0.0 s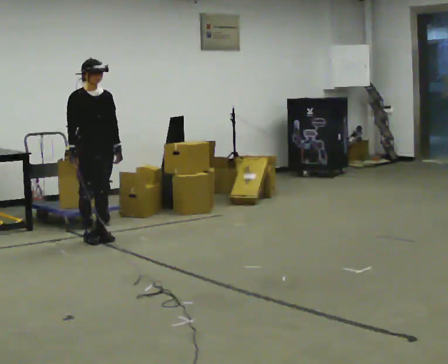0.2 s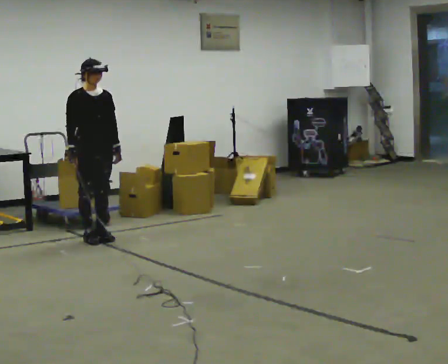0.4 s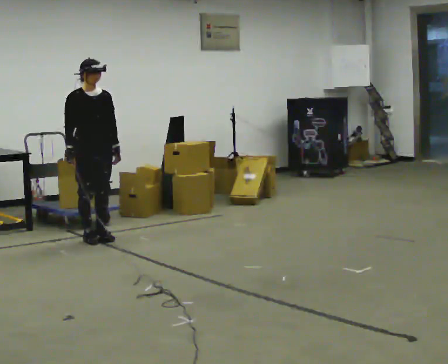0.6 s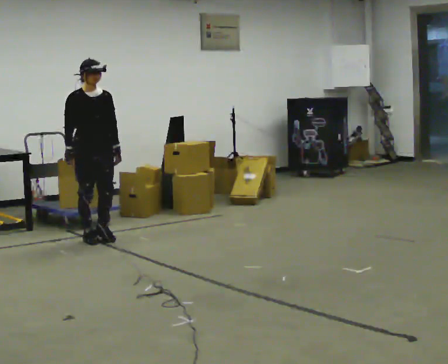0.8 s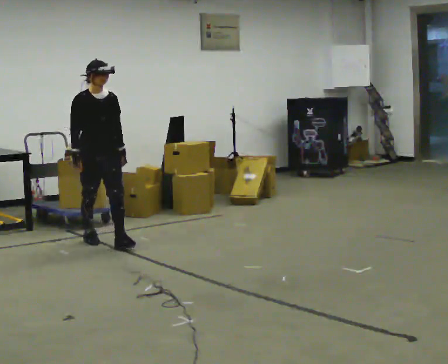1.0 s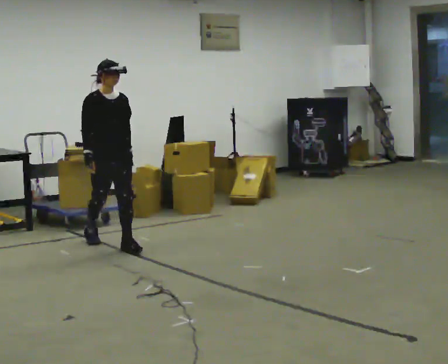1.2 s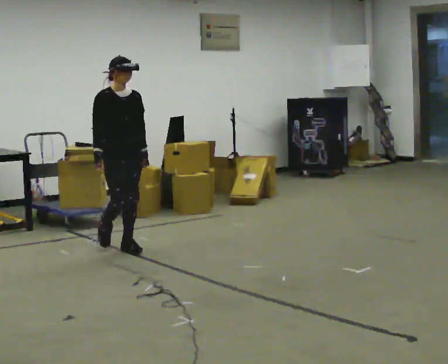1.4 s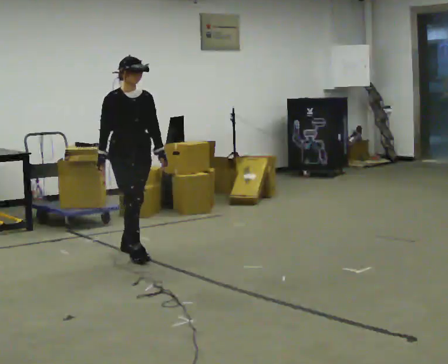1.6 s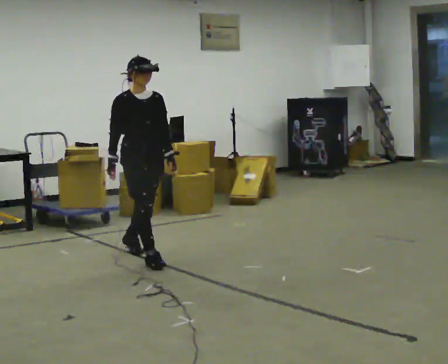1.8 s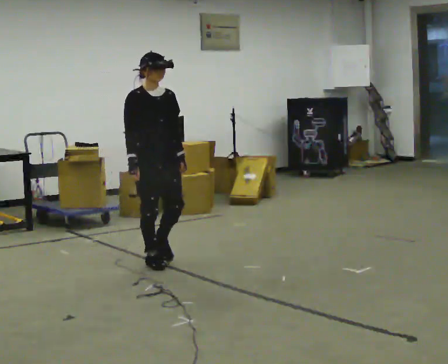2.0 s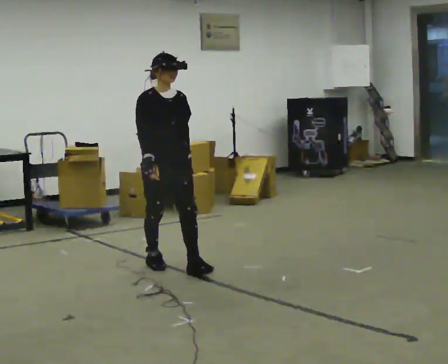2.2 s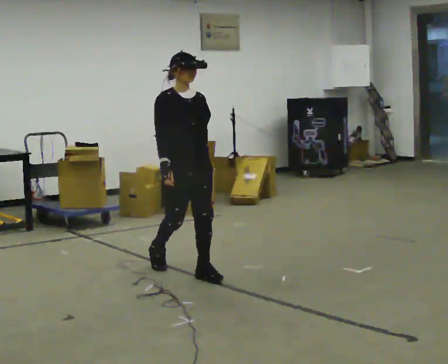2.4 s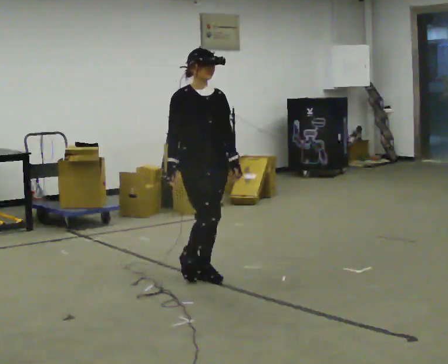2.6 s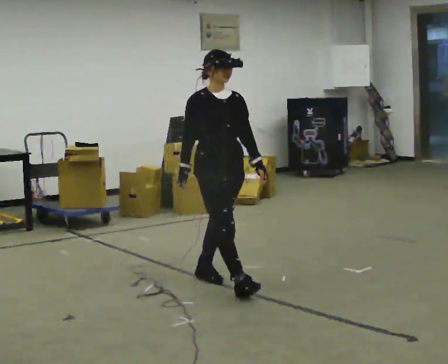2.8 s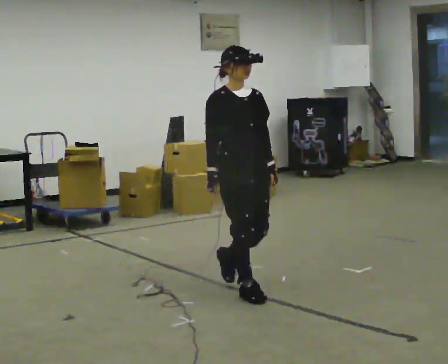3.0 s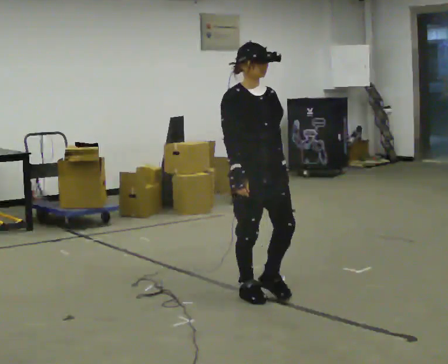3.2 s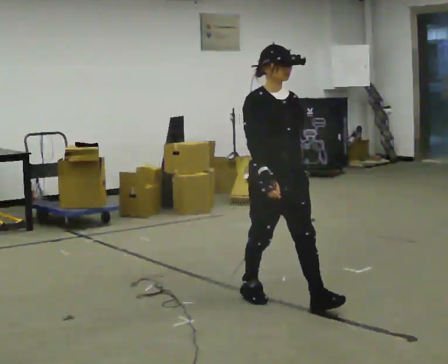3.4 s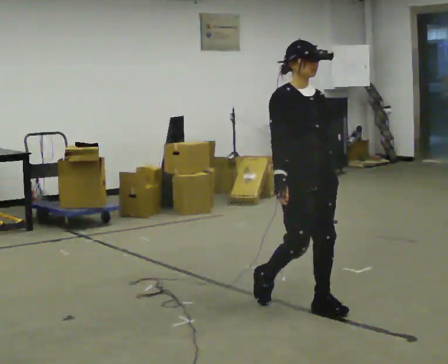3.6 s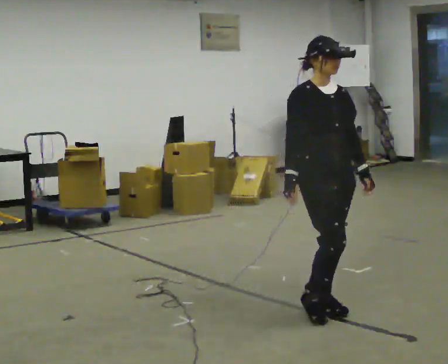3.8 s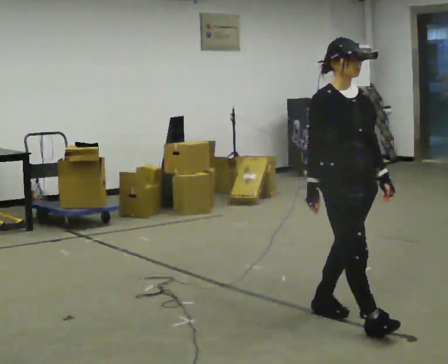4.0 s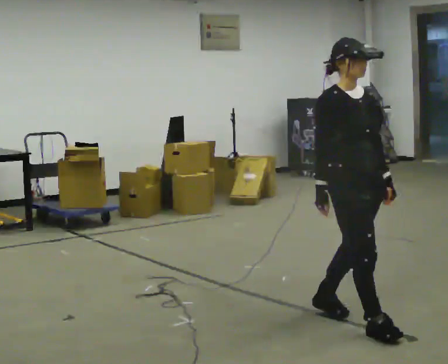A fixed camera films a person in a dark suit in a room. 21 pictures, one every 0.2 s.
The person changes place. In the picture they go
toward the camera.
0.0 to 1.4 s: In the picture they go toward the camera and to the right, about 0.75 m in 1 step, which for them is forward.
1.4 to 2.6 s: In the picture they go toward the camera and to the right, about 1 m in 2 steps, which for them is forward.
2.6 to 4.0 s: In the picture they go toward the camera and to the right, about 1 m in 3 steps, which for them is forward.
The film runs forward here.
